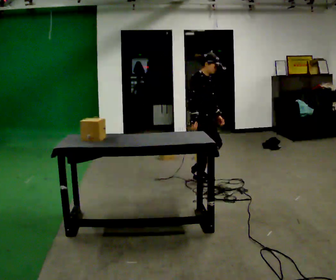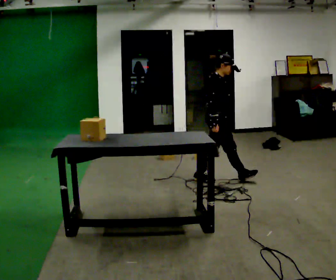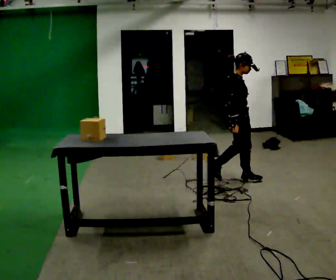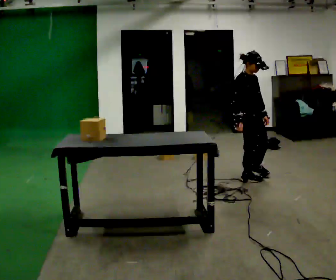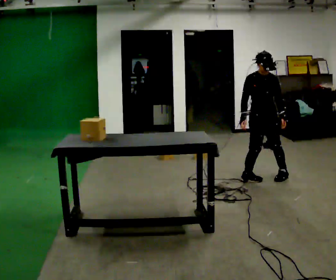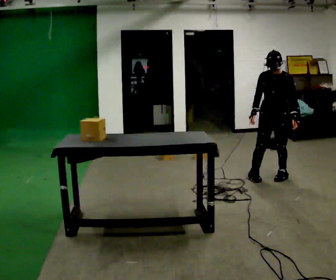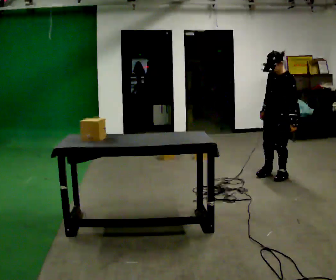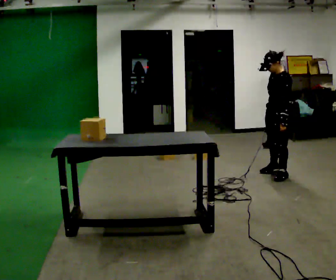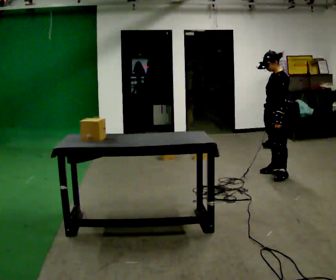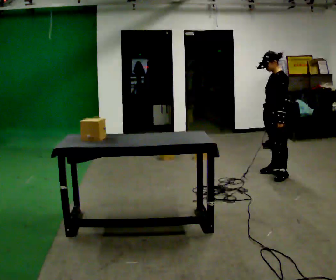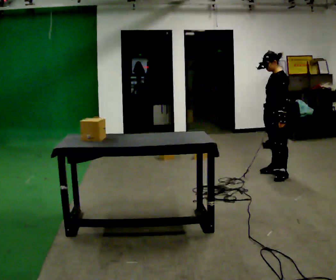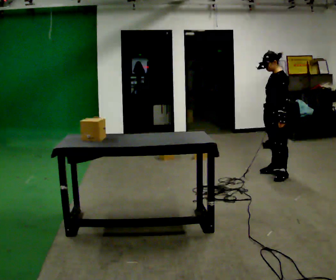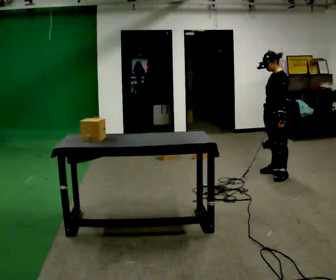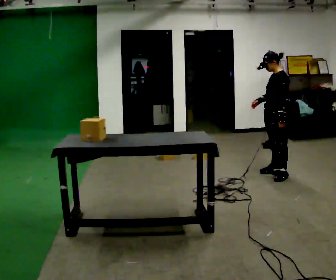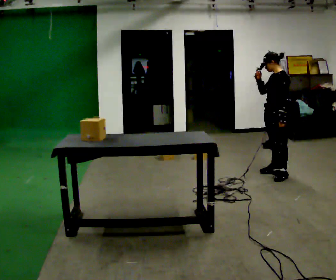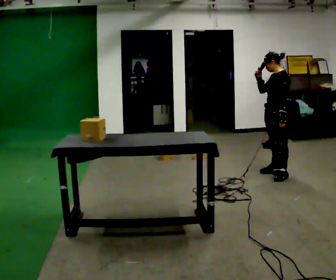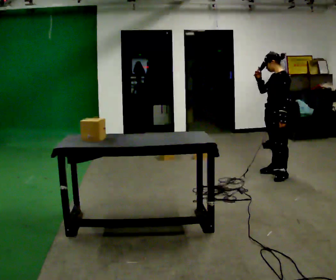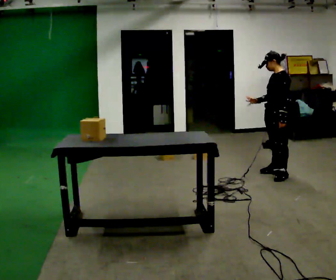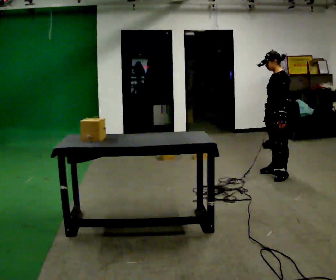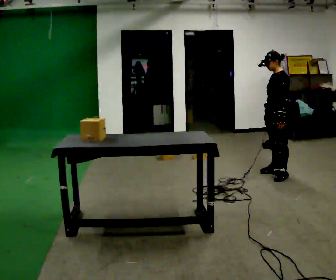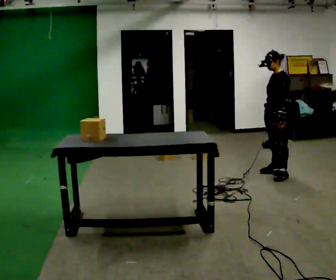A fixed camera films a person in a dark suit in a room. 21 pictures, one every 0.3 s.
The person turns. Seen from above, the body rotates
clockwise.
The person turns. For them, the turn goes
to their right.
0.0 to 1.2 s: Seen from above the body turns clockwise, about 60 degrees: to their right, with its near side sliding to the left. In the picture they go to the right, about 0.75 m in 2 steps.
1.2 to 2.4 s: Seen from above the body turns clockwise, about 90 degrees: to their right, with its near side sliding to the left. In the picture they go away from the camera, about 0.25 m in 1 step.
2.4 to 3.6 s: The person moves a little, or ends about where they began.
3.6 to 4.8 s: In the picture their right hand goes upward.
4.8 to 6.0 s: In the picture their right hand goes downward.
The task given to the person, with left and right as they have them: Pick an object up off the floor at one end of the room, carry it across, and place it on the waist-height shelf at the other end. Keep going until the operator says stop; one object at a time, and do not rush between trips.
The film runs forward here.
